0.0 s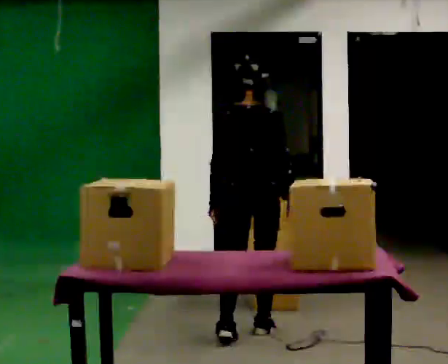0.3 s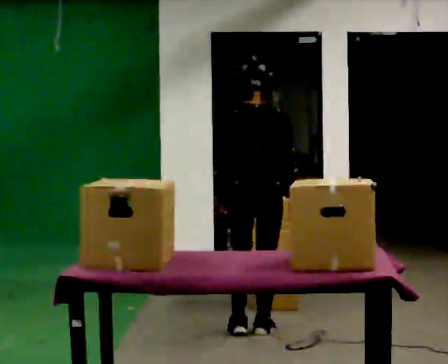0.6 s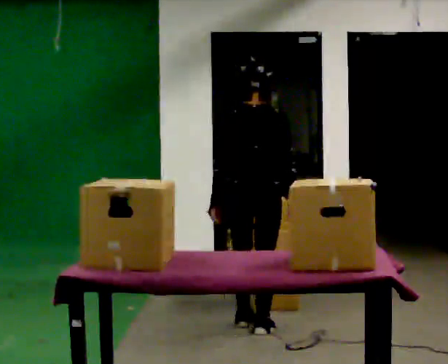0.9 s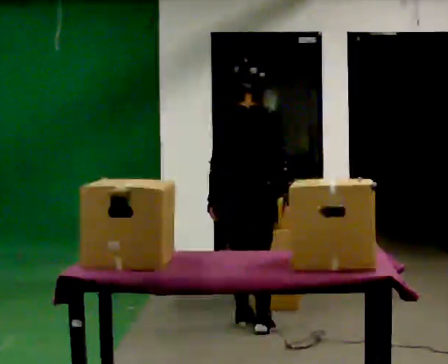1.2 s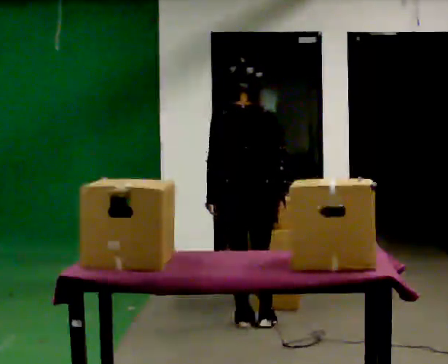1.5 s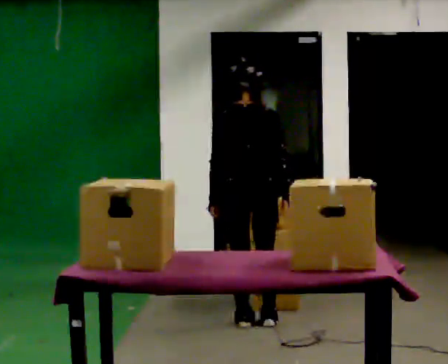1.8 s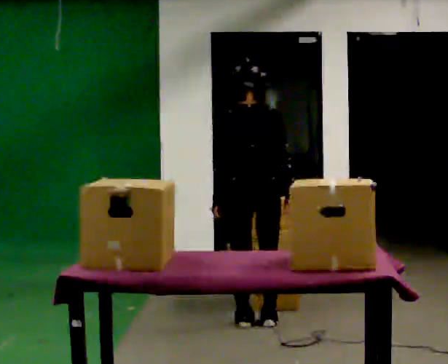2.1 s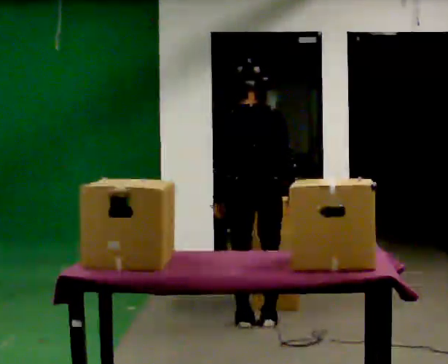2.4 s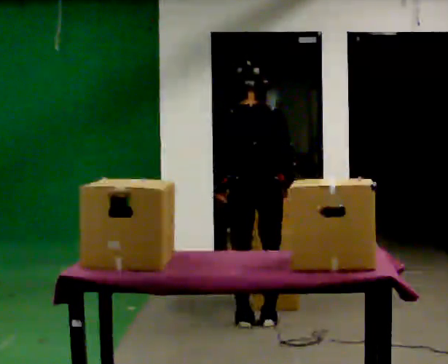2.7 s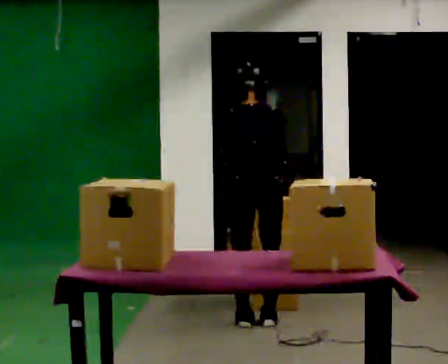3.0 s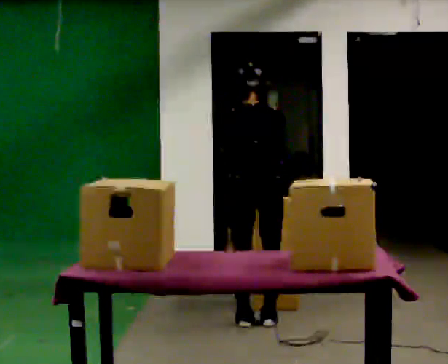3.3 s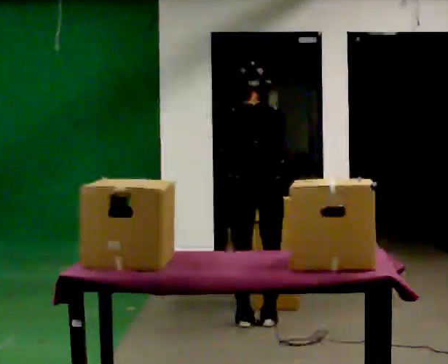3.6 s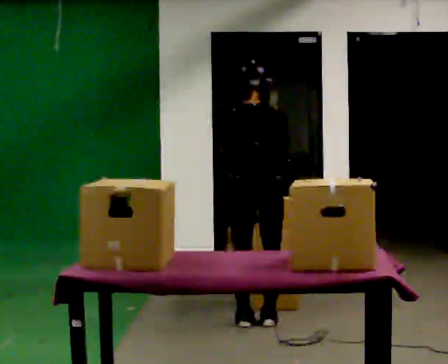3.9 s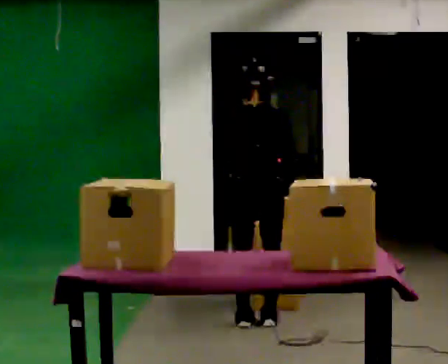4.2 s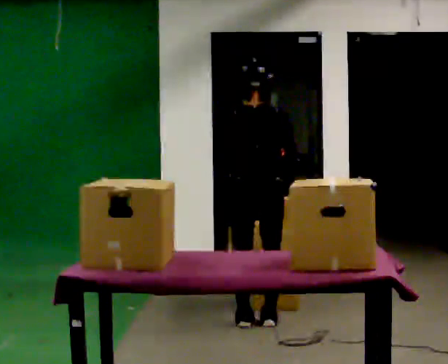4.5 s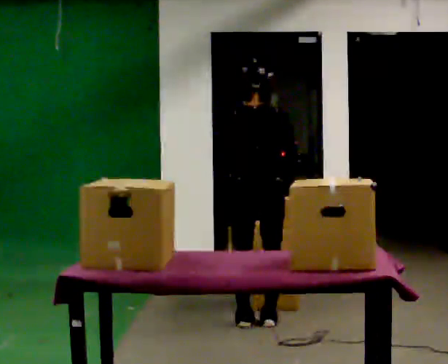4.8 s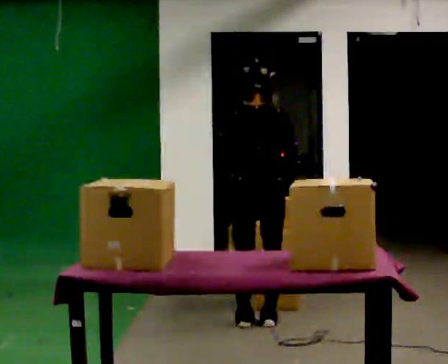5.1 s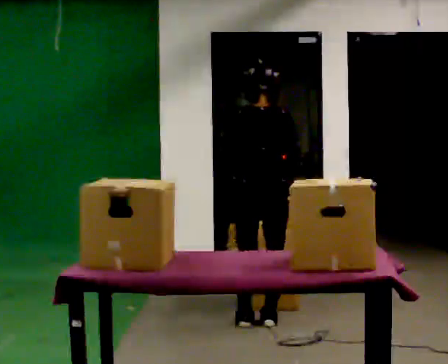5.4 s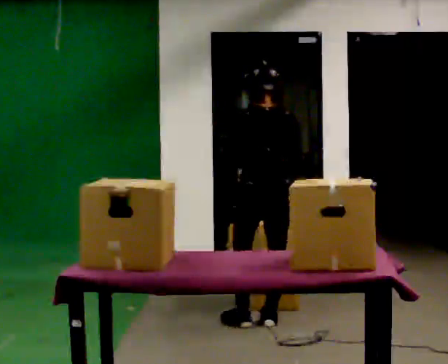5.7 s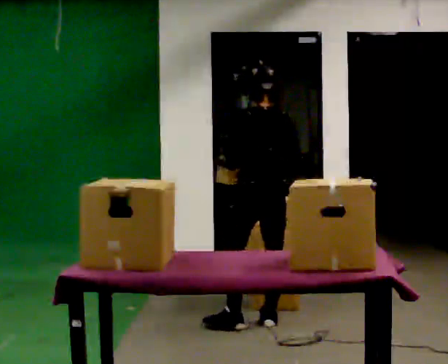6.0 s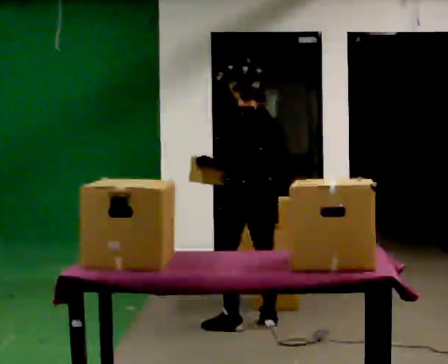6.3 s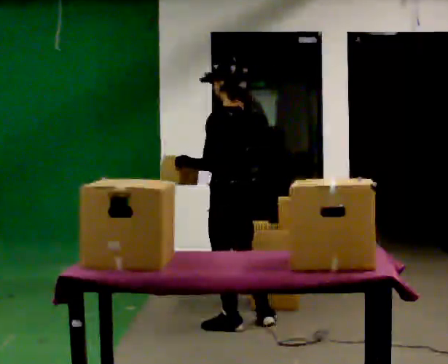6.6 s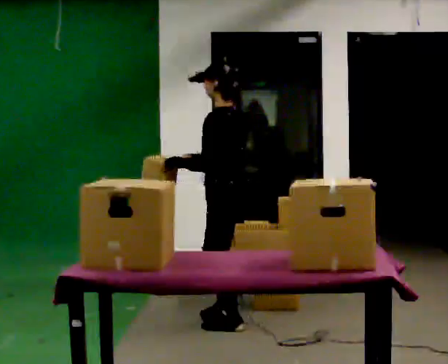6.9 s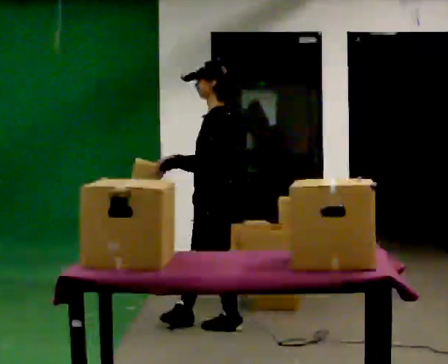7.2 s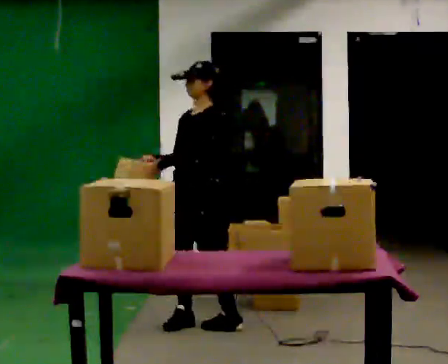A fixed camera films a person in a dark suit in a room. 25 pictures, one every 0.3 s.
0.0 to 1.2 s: In the picture they go away from the camera, about 0.25 m in 1 step, which for them is forward.
1.2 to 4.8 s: The person moves a little, or ends about where they began.
4.8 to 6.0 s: Seen from above the body turns counterclockwise, about 45 degrees: to their left, with its near side sliding to the right.
6.0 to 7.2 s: The part of the body nearest the lens slides to the right as the person turns to their left by about 75 degrees. In the picture they go to the left, about 0.25 m in 1 step.
The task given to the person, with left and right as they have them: Carry the object over and fit it into the gap between the two boxes already on the shelf, without touching either of them. Keep going until the operator says stop; one object at a time, and do not rush between trips.
The film runs forward here.
